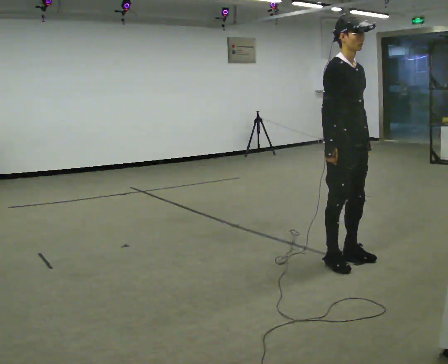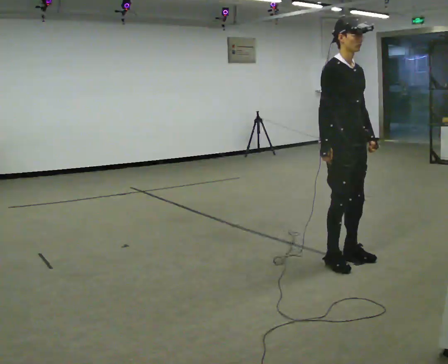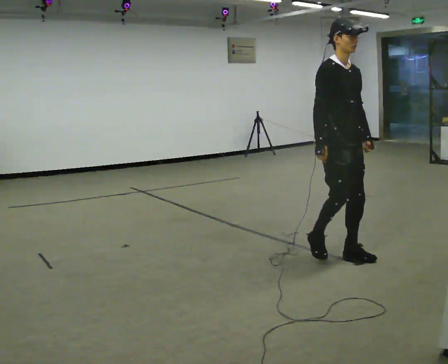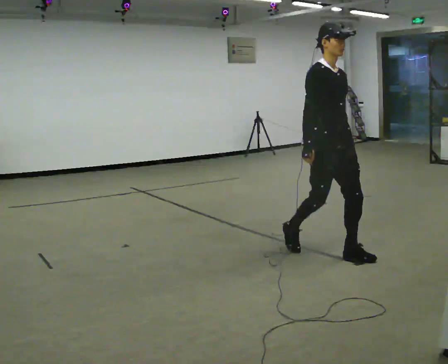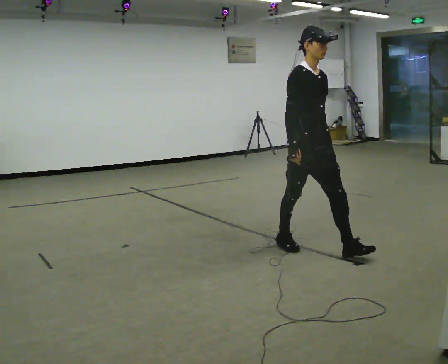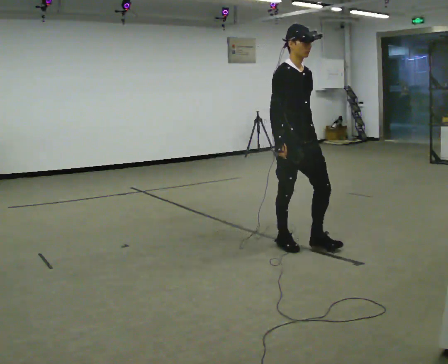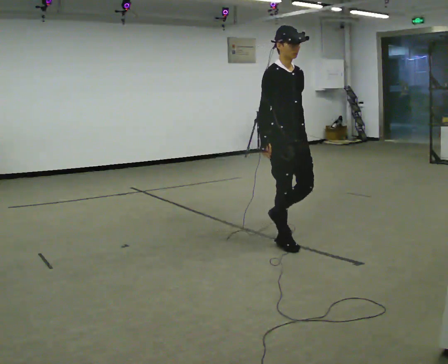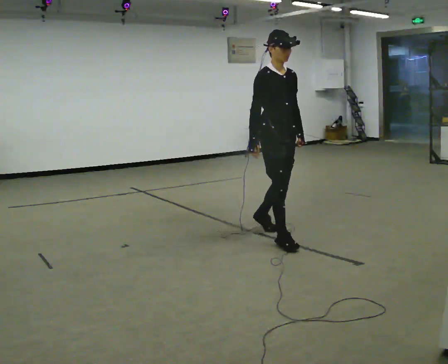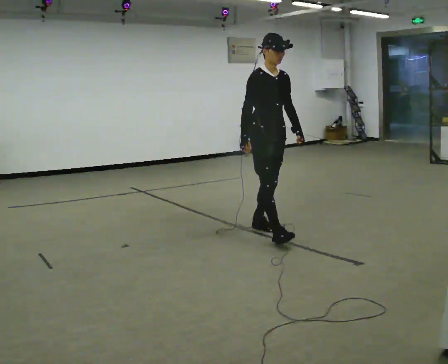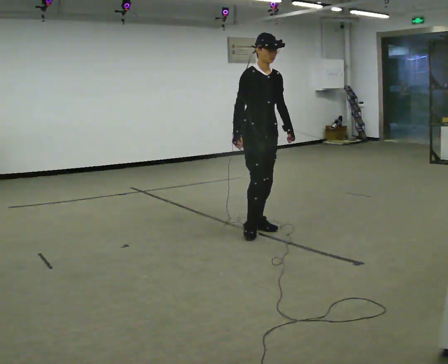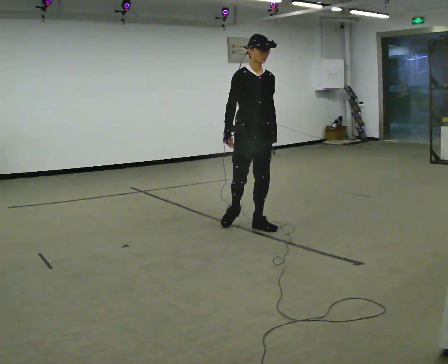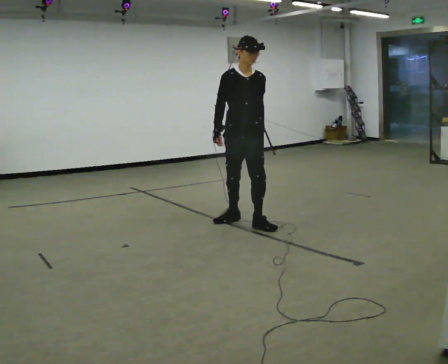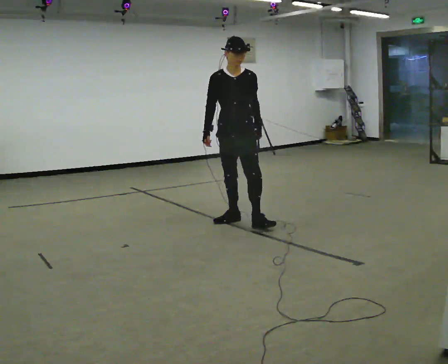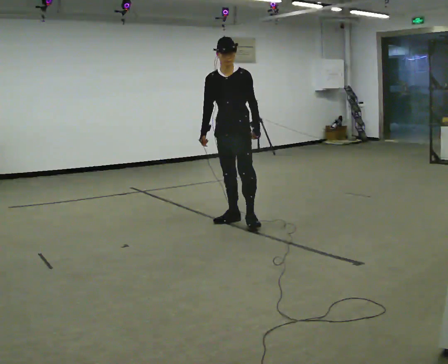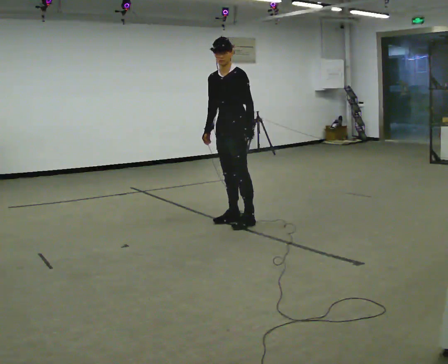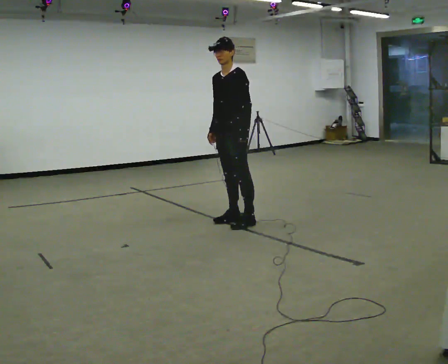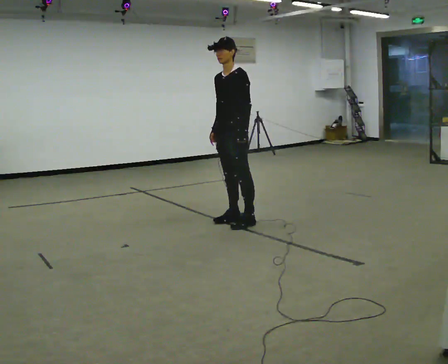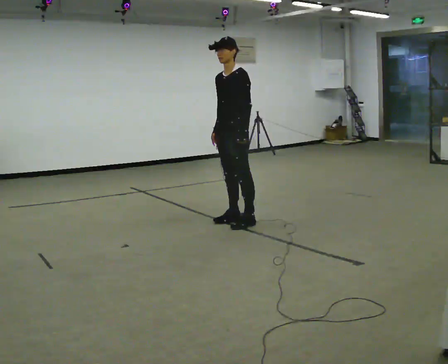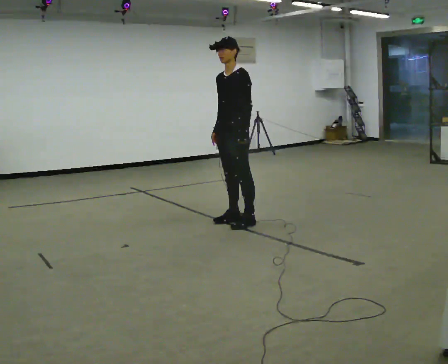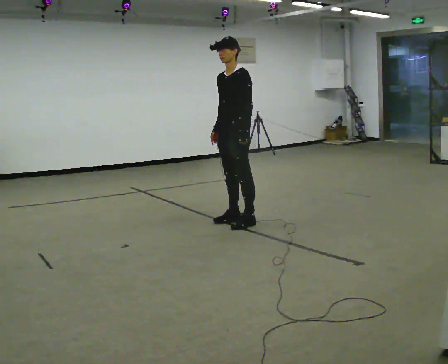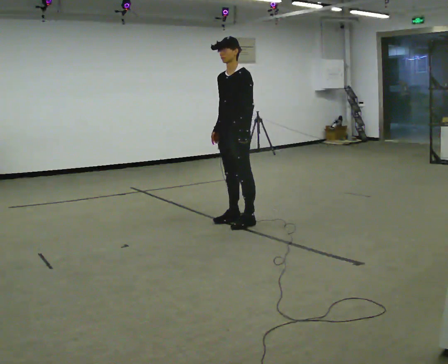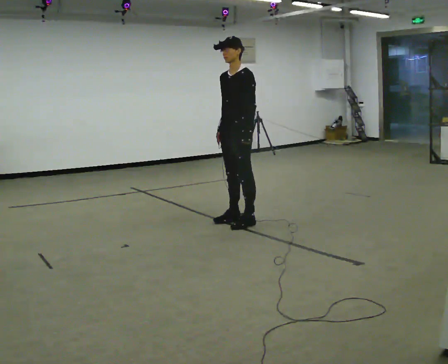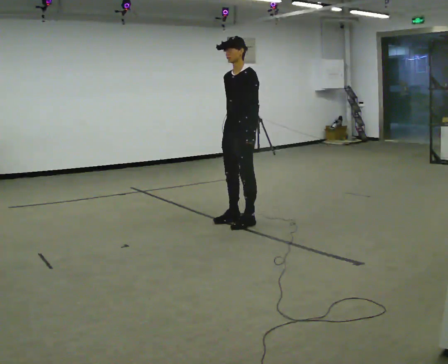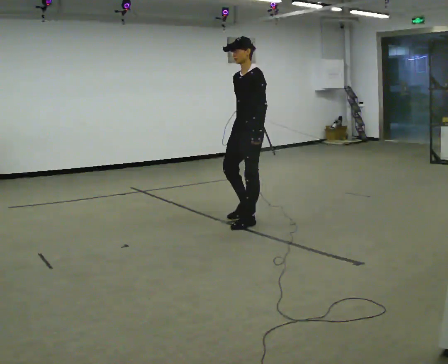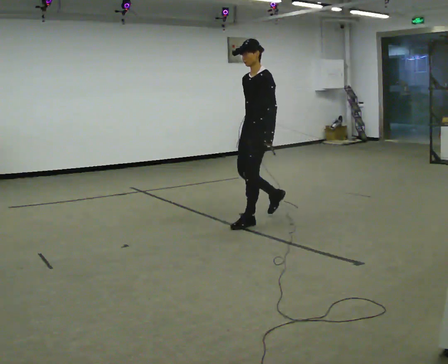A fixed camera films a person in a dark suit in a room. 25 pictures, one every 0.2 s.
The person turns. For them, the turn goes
to their right.
The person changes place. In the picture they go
away from the camera.
0.0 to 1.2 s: In the picture they go away from the camera and to the left, about 0.5 m in 2 steps, which for them is backward.
1.2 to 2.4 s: The person turns about 45 degrees to their right, clockwise seen from above, so the part of the body nearest the lens slides to the left. In the picture they go away from the camera and to the left, about 1 m in 1 step, which for them is backward.
2.4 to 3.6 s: The person turns about 45 degrees to their right, clockwise seen from above, so the part of the body nearest the lens slides to the left.
3.6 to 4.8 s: In the picture they go to the right, about 0.25 m in 1 step, which for them is backward.
The film runs backward here.
